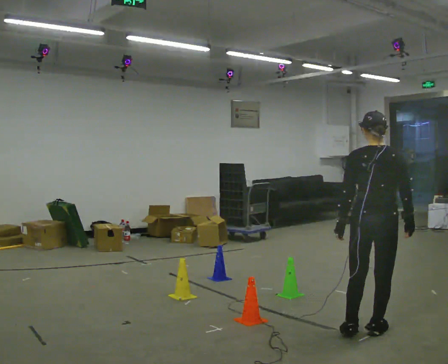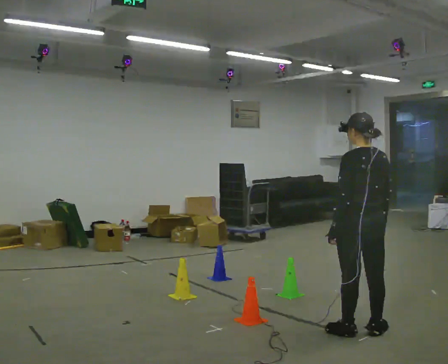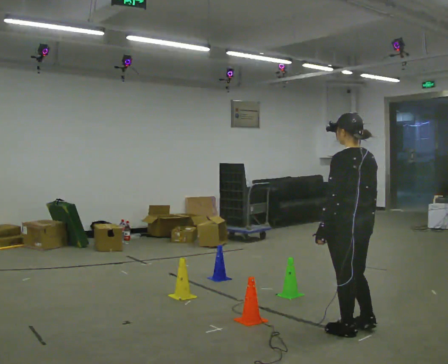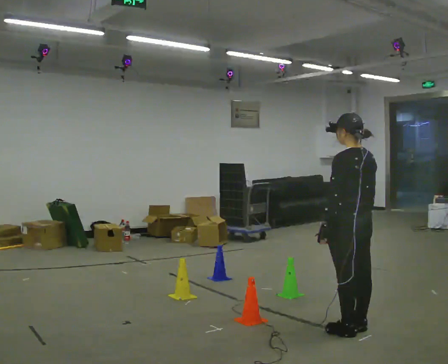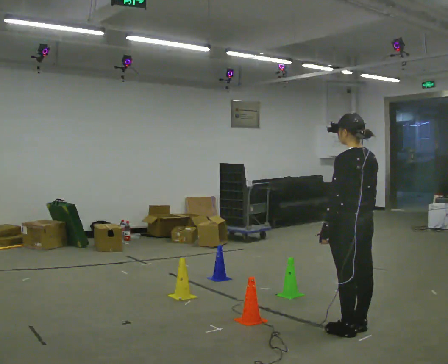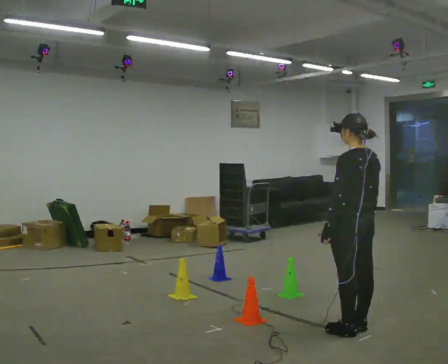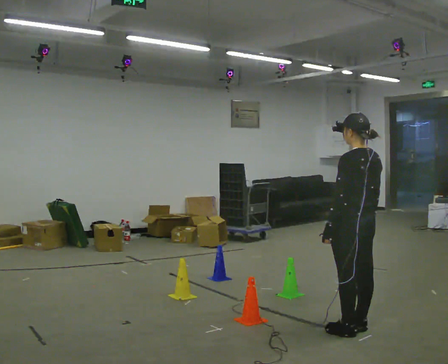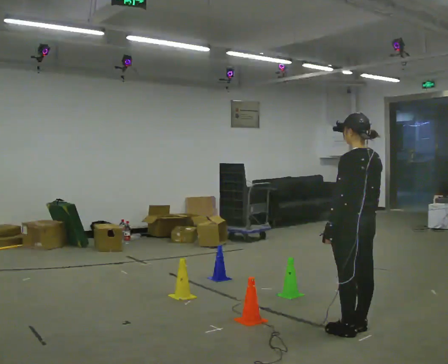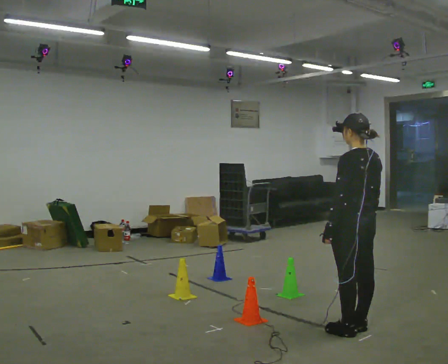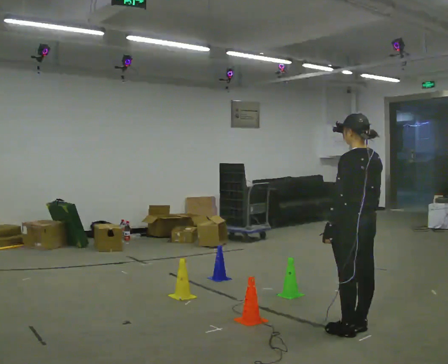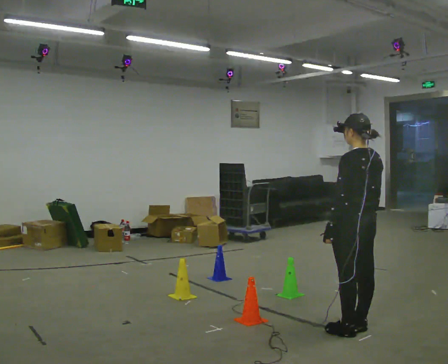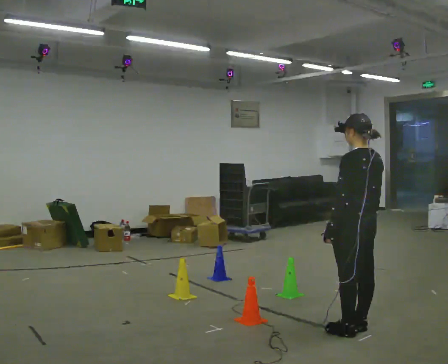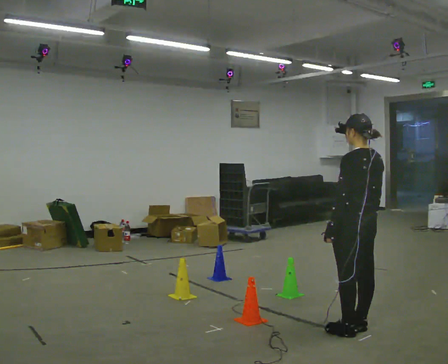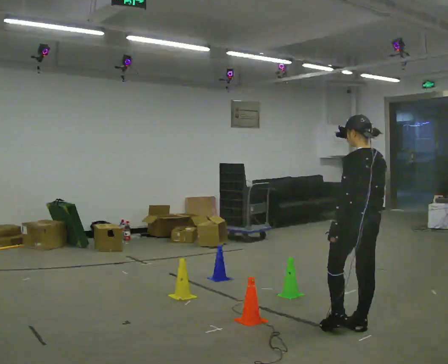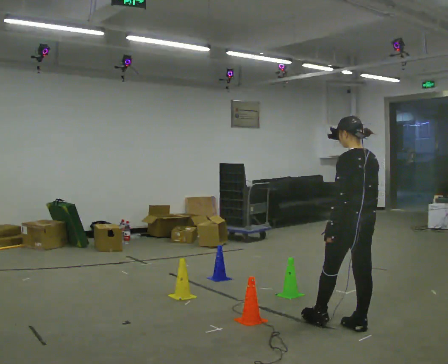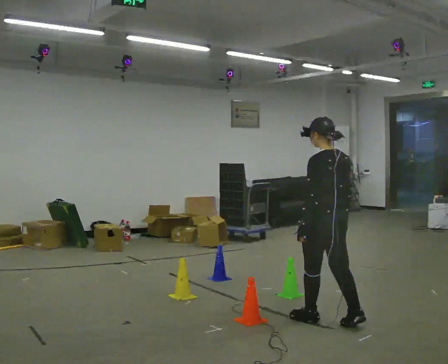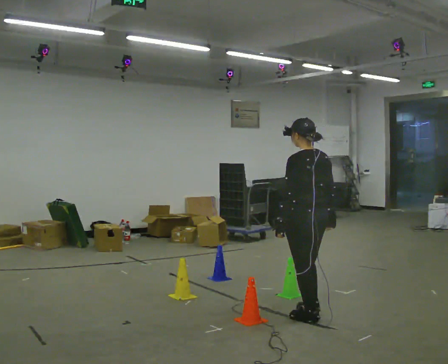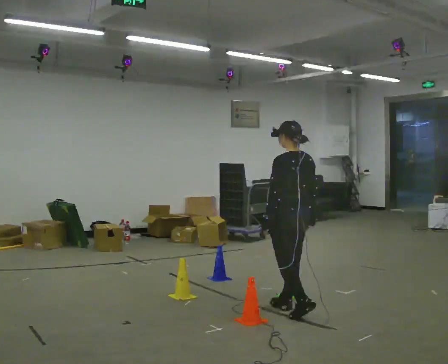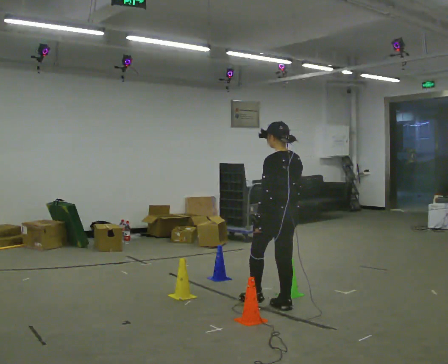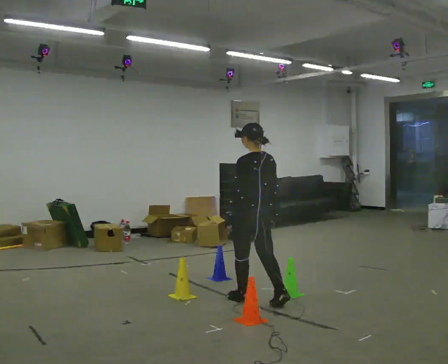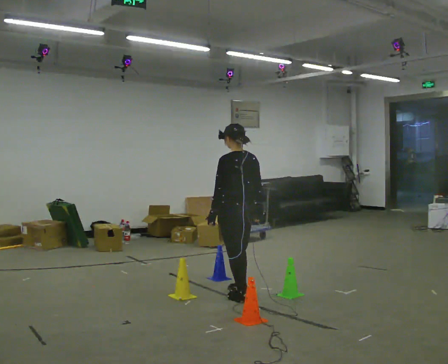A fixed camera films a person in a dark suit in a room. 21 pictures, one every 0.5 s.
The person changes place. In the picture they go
to the left.
0.0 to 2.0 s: The part of the body nearest the lens slides to the right as the person turns to their left by about 45 degrees. In the picture their right hand goes to the left.
2.0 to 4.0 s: The person keeps their place and pose.
4.0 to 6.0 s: The person moves a little, or ends about where they began.
6.0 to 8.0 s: In the picture they go to the left and away from the camera, about 0.5 m in 1 step, which for them is forward.
8.0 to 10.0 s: In the picture they go to the left and away from the camera, about 1 m in 2 steps, which for them is forward.
The film runs forward here.
